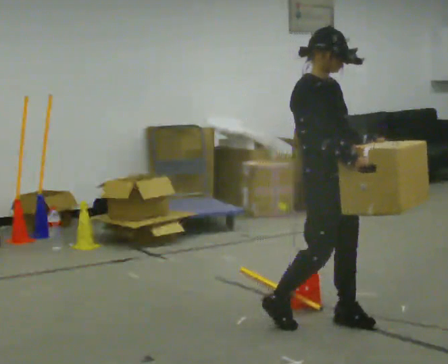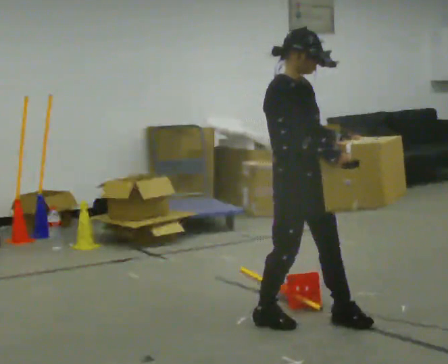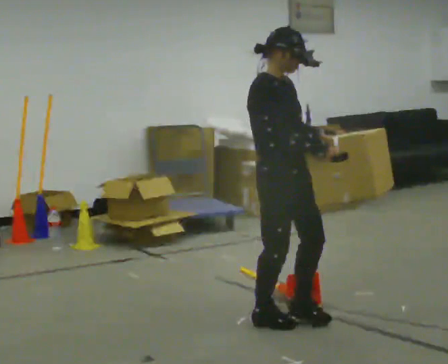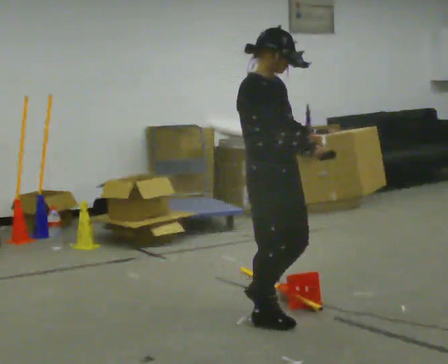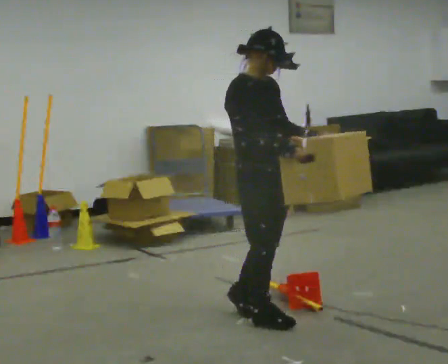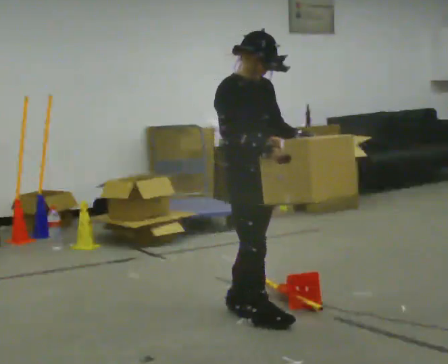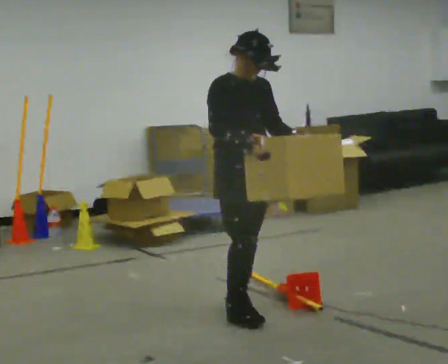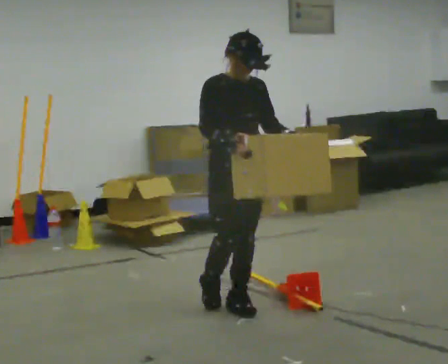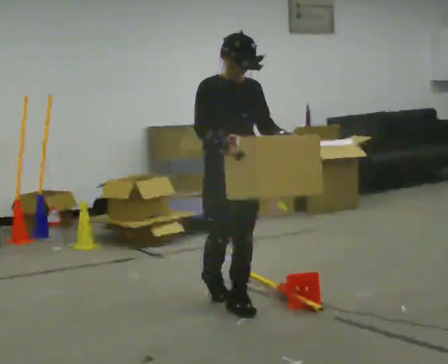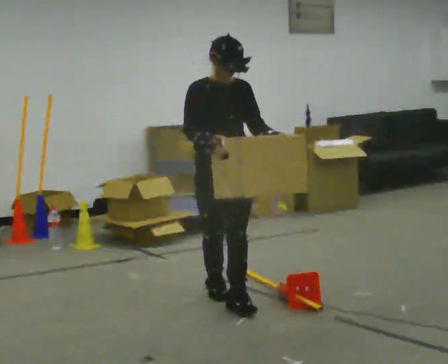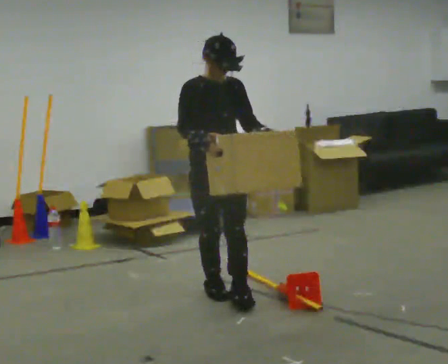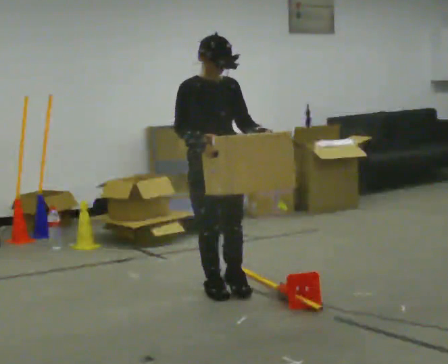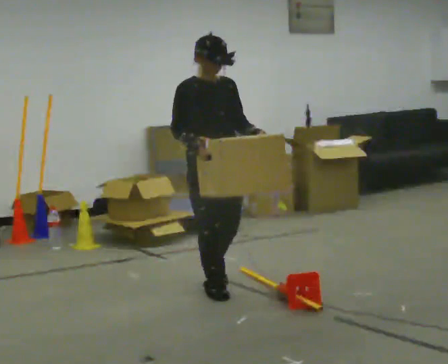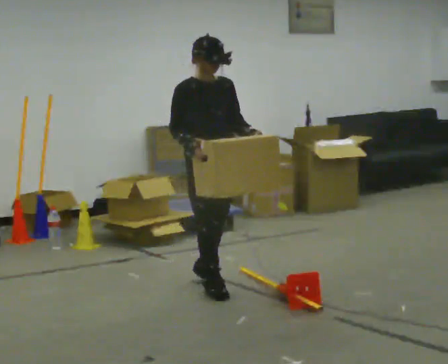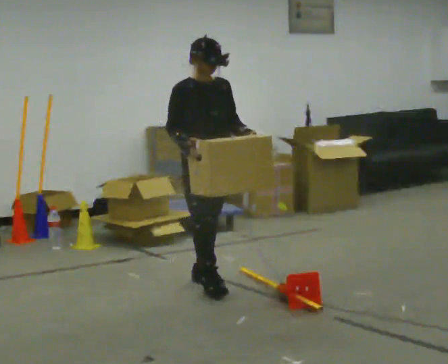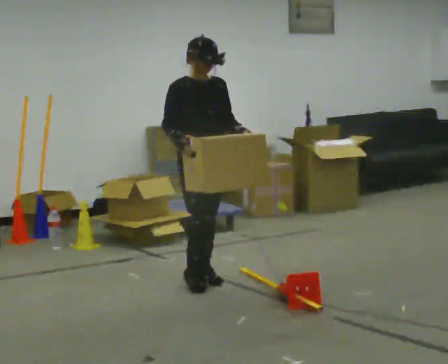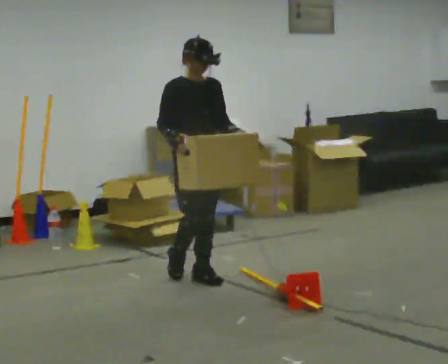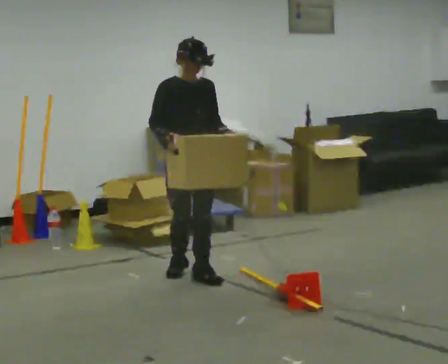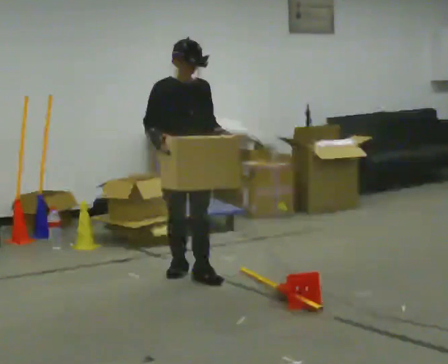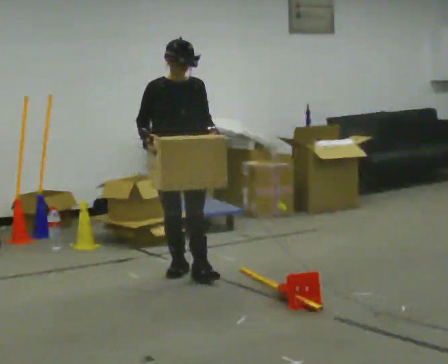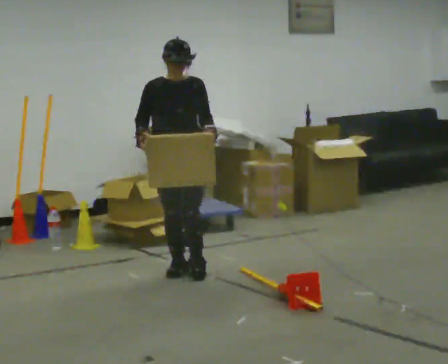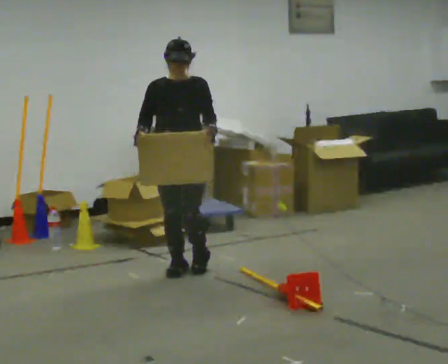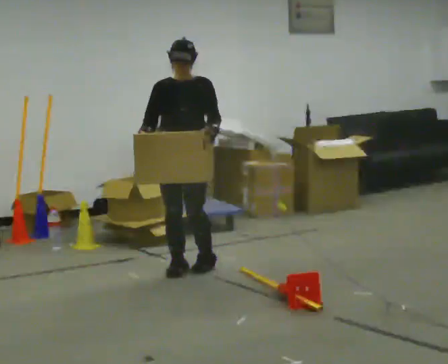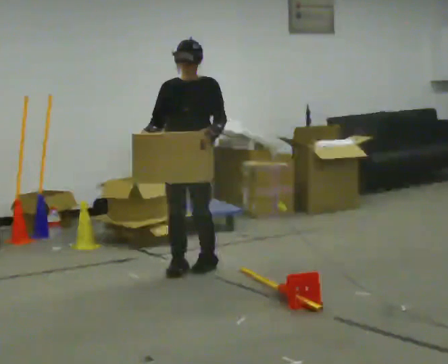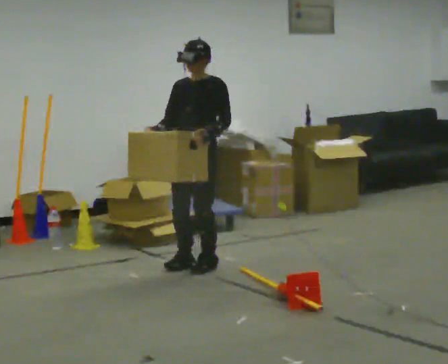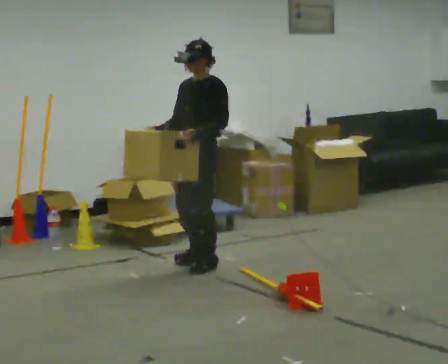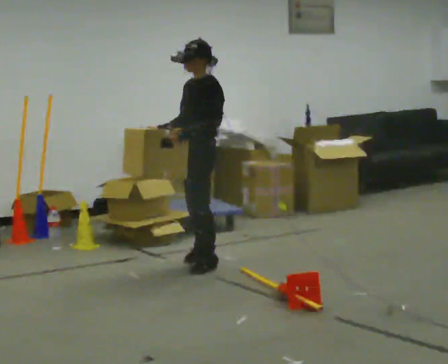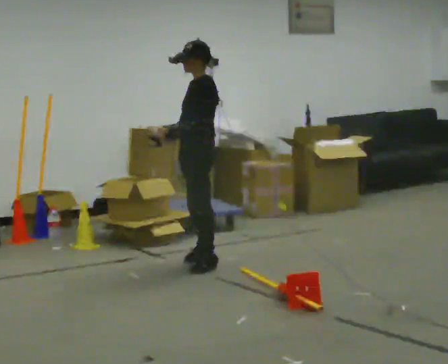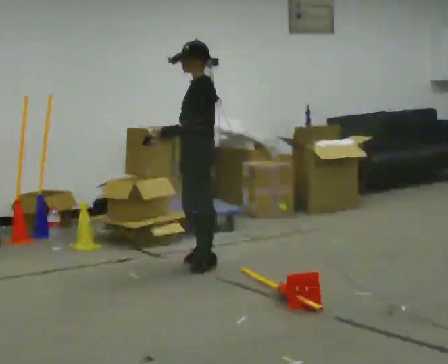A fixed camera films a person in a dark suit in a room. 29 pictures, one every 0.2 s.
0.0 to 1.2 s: In the picture they go to the left and away from the camera, about 0.5 m in 2 steps, which for them is backward.
1.2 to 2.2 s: In the picture they go away from the camera, about 0.5 m in 1 step, which for them is backward.
2.2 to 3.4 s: In the picture they go away from the camera, about 0.5 m in 1 step, which for them is backward.
3.4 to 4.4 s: Seen from above the body turns clockwise, about 30 degrees: to their right, with its near side sliding to the left. In the picture they go away from the camera, about 0.25 m in 1 step, which for them is backward.
4.4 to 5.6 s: The part of the body nearest the lens slides to the left as the person turns to their right by about 75 degrees. In the picture they go away from the camera, about 0.25 m in 1 step.
The film runs backward here.
